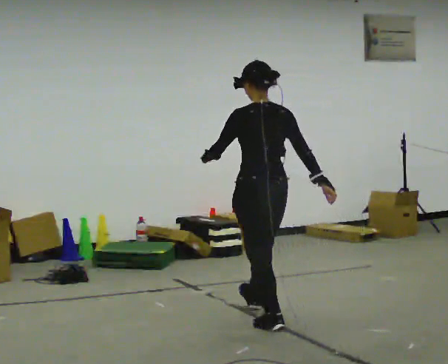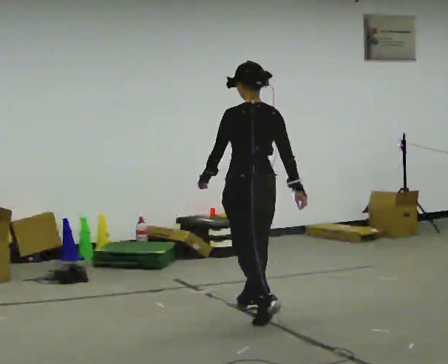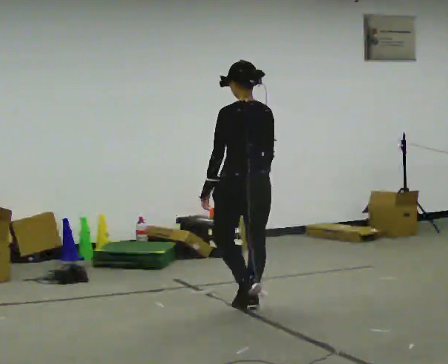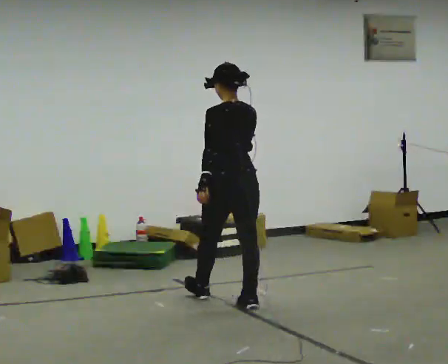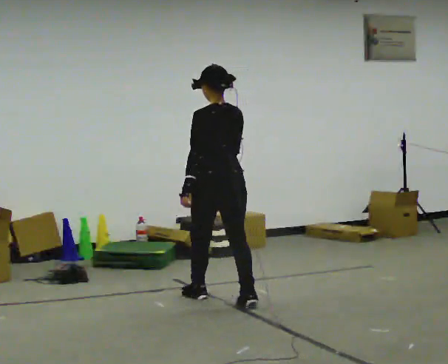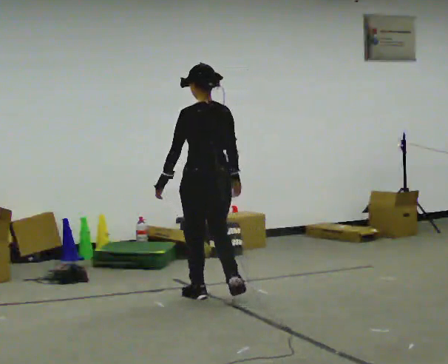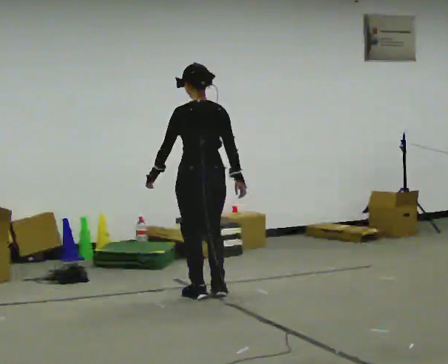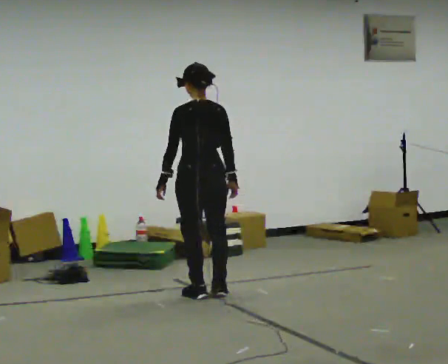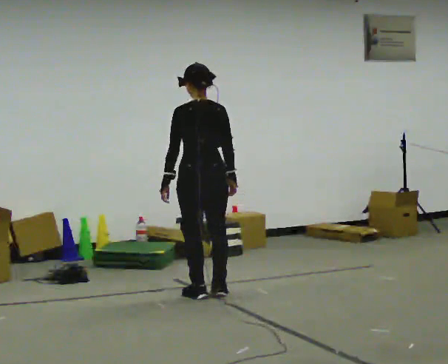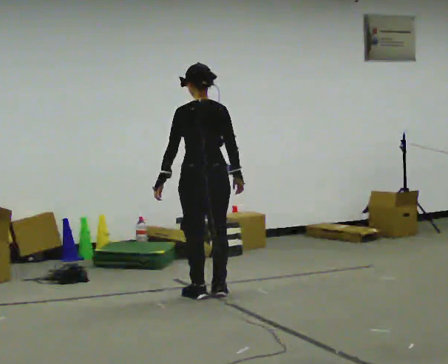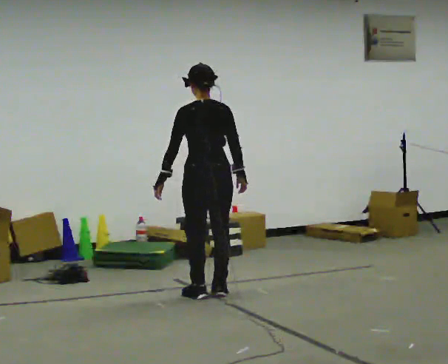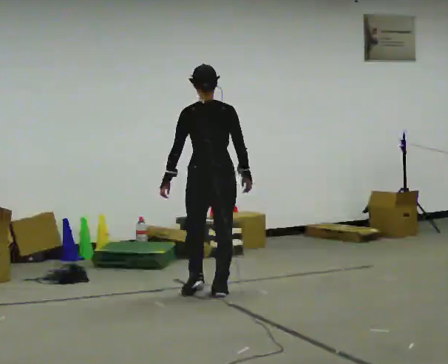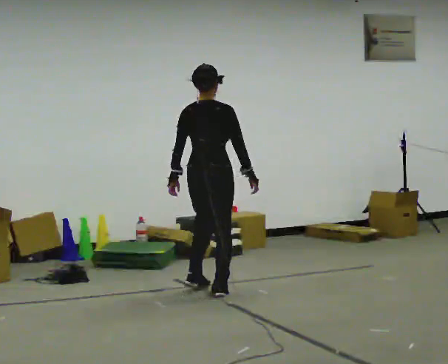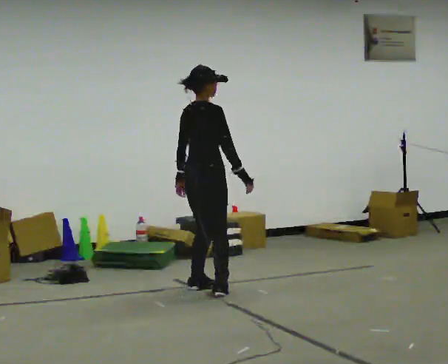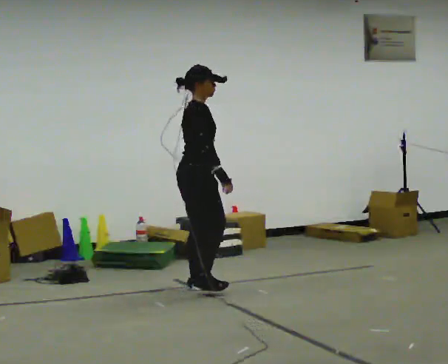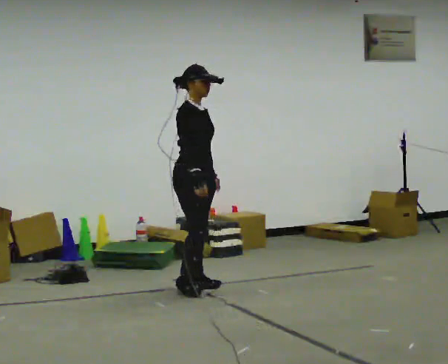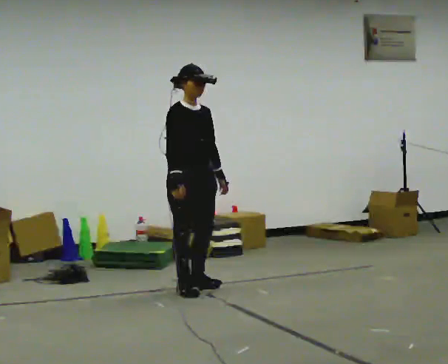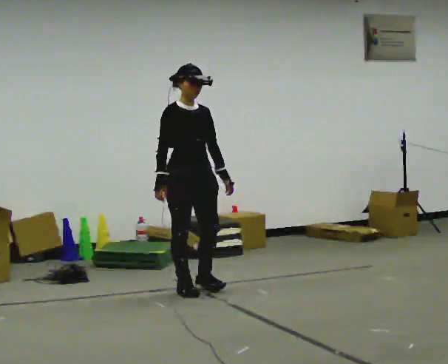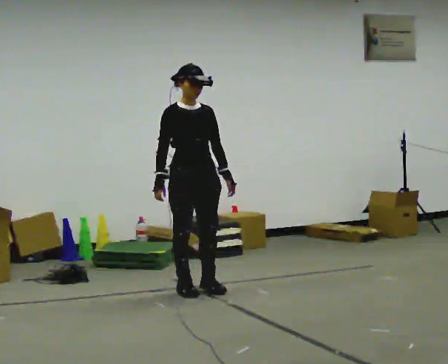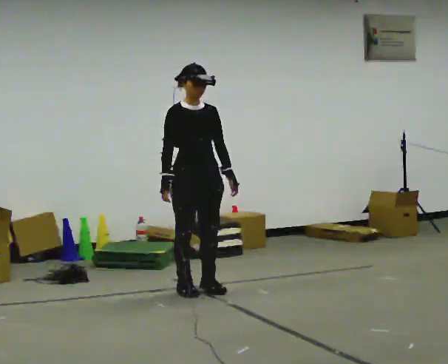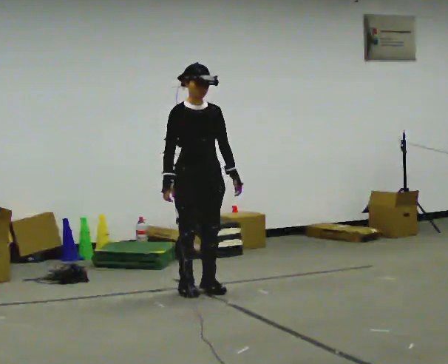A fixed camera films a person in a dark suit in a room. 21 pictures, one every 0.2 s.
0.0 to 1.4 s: In the picture they go away from the camera and to the left, about 1 m in 3 steps, which for them is forward.
1.4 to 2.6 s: The part of the body nearest the lens slides to the left as the person turns to their right by about 75 degrees.
2.6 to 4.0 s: The part of the body nearest the lens slides to the left as the person turns to their right by about 105 degrees. In the picture their right hand goes to the left, the arm swinging clockwise.
The film runs forward here.
